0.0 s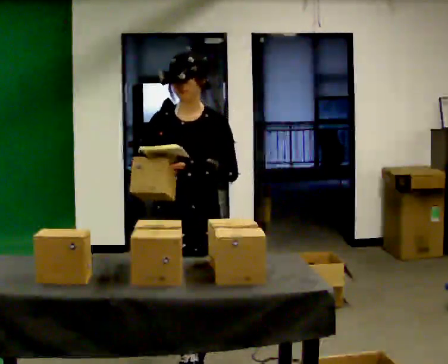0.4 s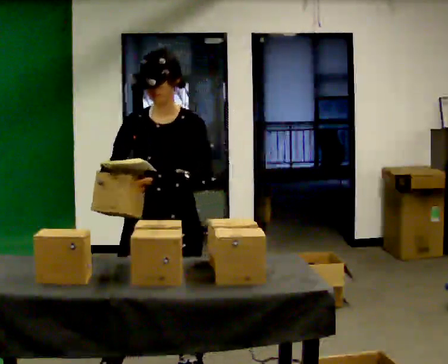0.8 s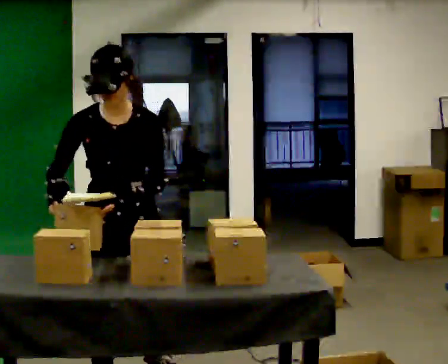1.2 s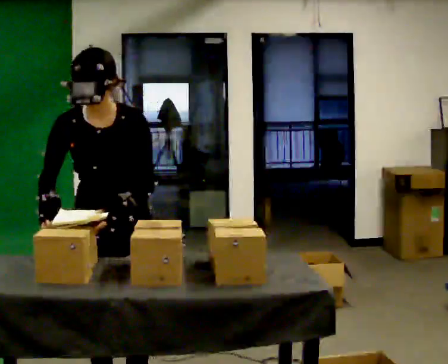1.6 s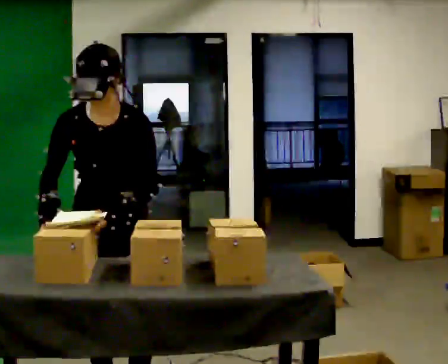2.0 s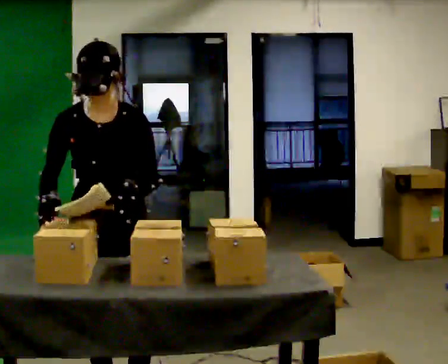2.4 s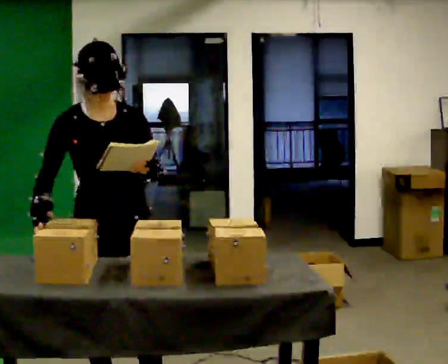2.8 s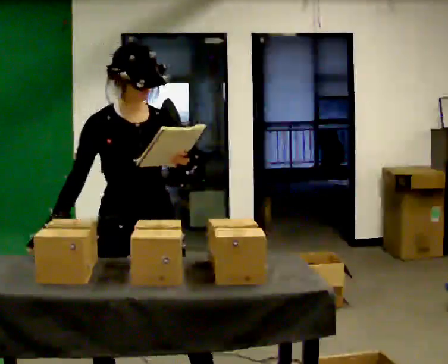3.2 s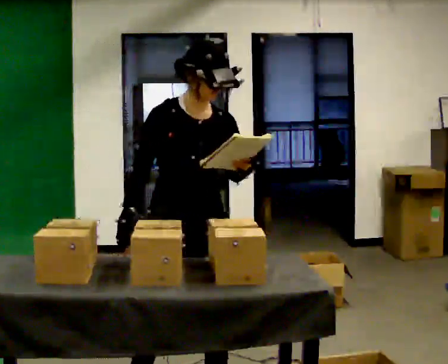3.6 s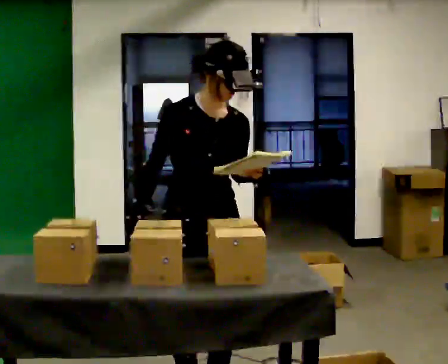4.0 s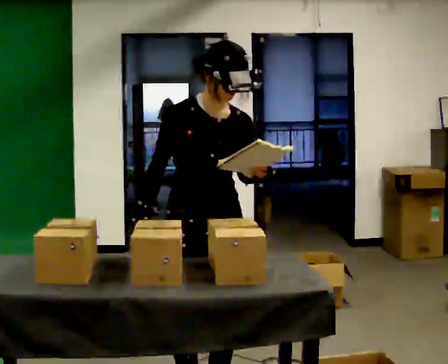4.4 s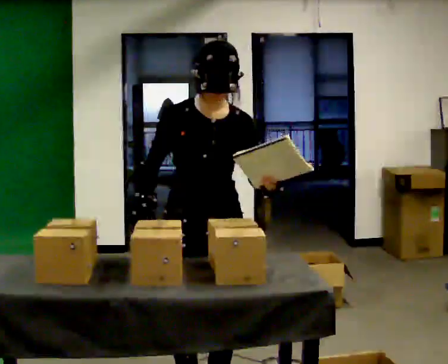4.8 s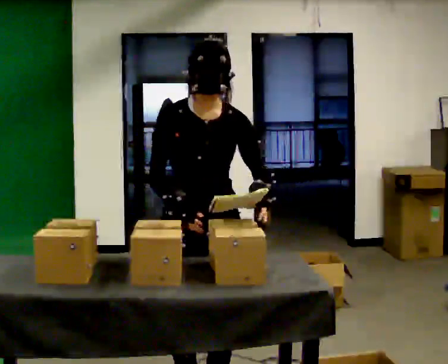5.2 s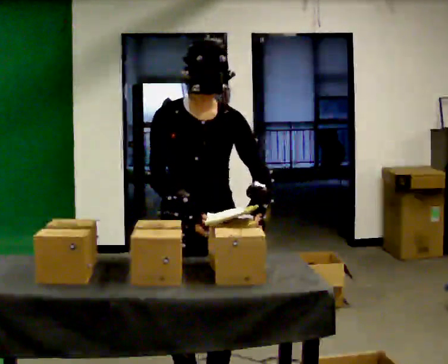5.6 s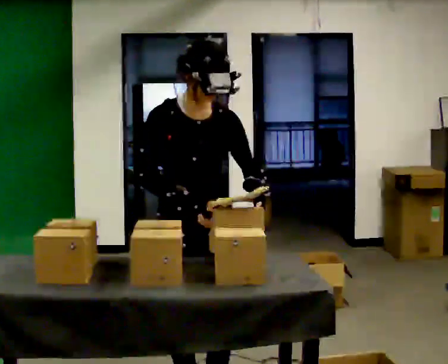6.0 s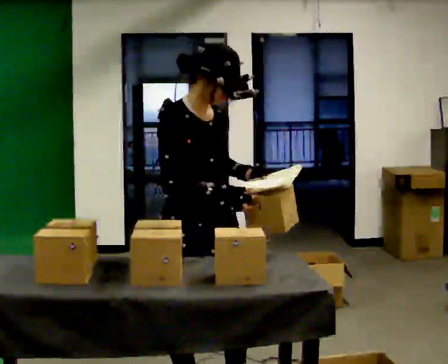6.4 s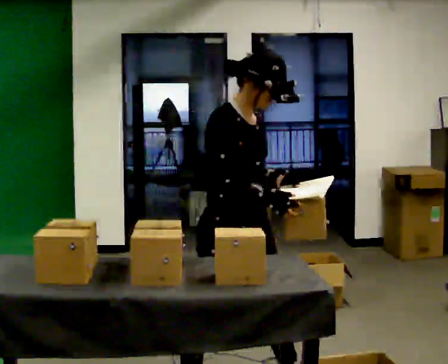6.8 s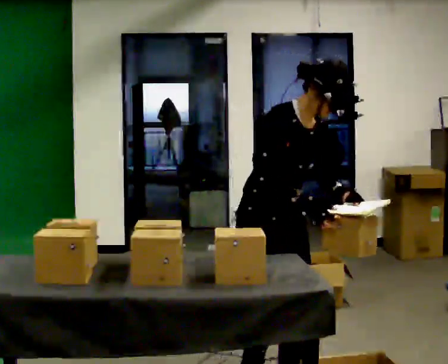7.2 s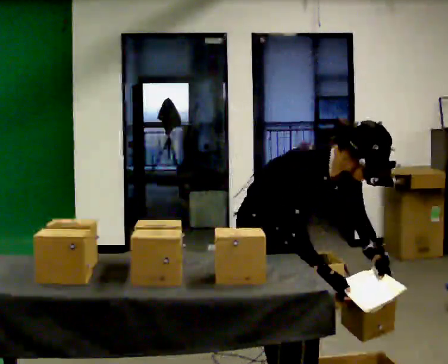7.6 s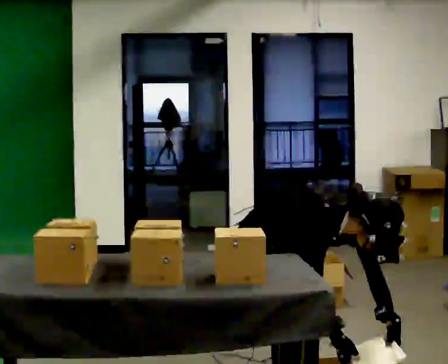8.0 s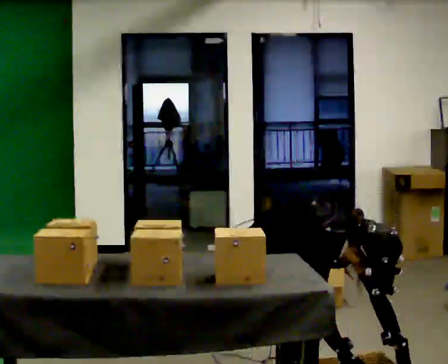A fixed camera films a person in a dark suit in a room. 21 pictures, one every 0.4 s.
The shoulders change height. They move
downward.
The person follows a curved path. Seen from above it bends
counterclockwise.
0.0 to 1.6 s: In the picture they go toward the camera and to the left, about 0.5 m in 2 steps, which for them is forward and to their right.
1.6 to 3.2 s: In the picture they go to the right, about 0.25 m in 1 step, which for them is to their left.
3.2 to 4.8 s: The person moves a little, or ends about where they began.
4.8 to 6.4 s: The person turns about 45 degrees to their left, counterclockwise seen from above, so the part of the body nearest the lens slides to the right. In the picture they go to the right, about 0.25 m in 1 step, which for them is to their left.
6.4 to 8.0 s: The upper body goes downward. In the picture the upper body tilts clockwise, shoulders to the right, as they bend forward. In the picture their left hand goes downward and to the right.
The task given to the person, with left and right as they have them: 1. Read the parts list. 2. Collect each part from the bins around the room. 3. Lay them out on the table in the order on the list. 4. Put them all in the carry case. 5. Tell the operator when you are finished.
The film runs forward here.
